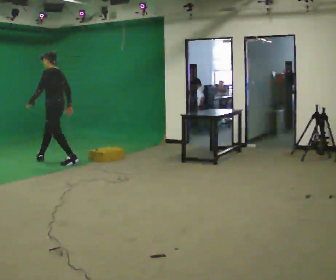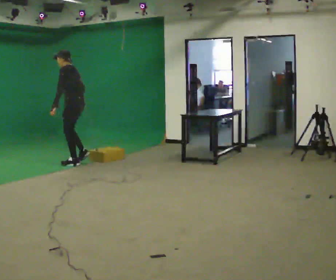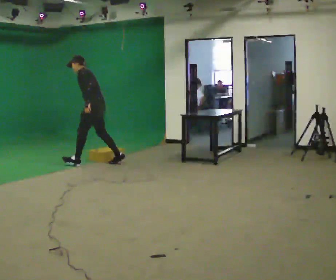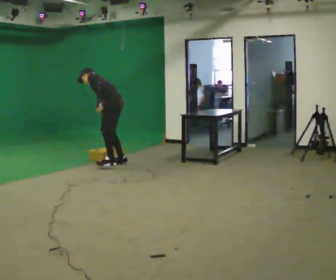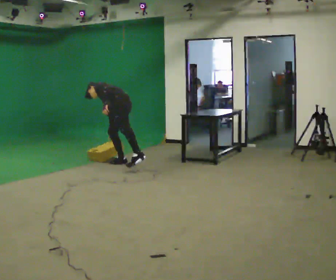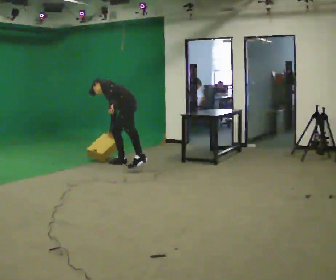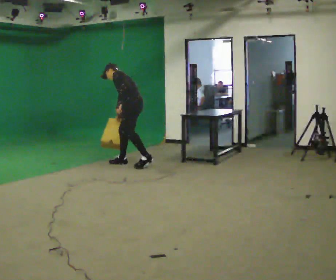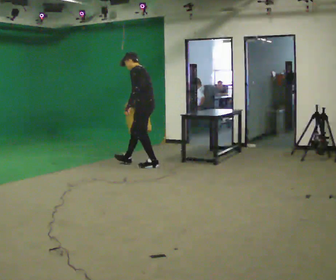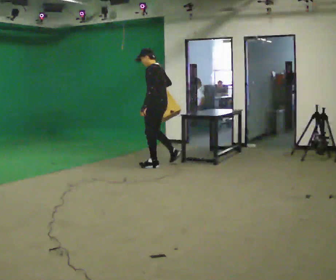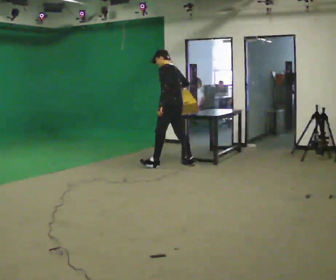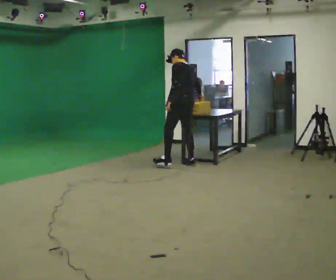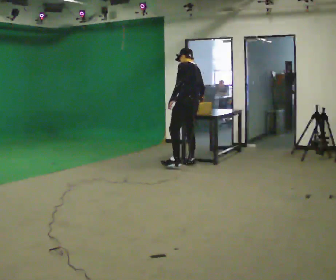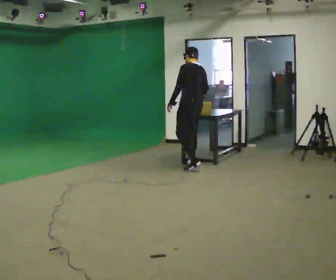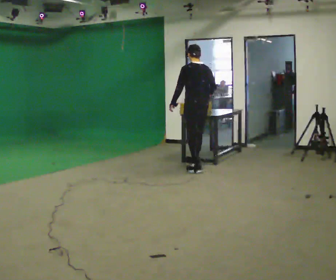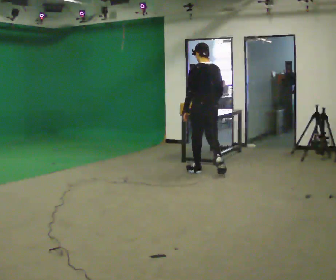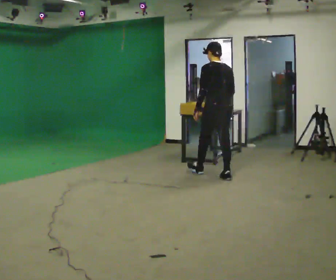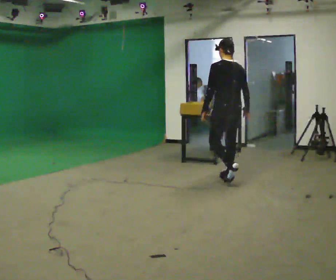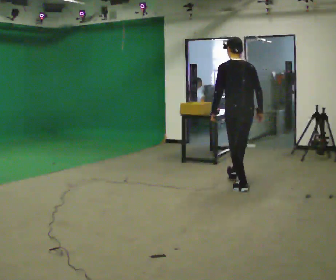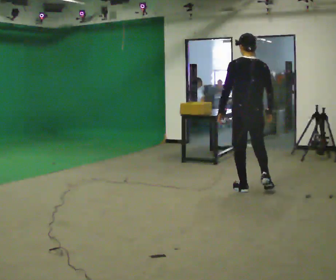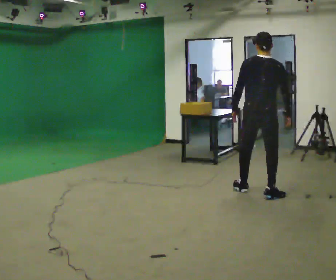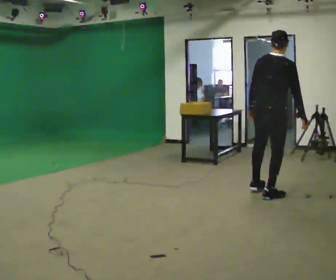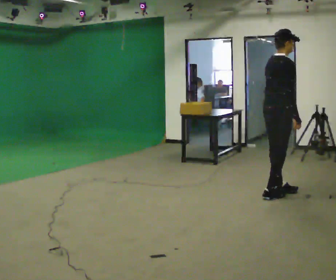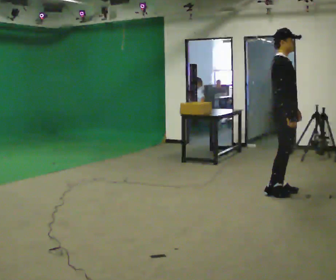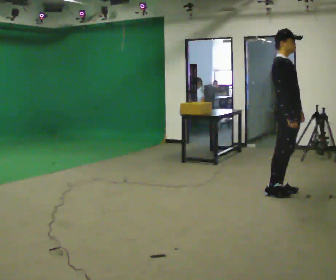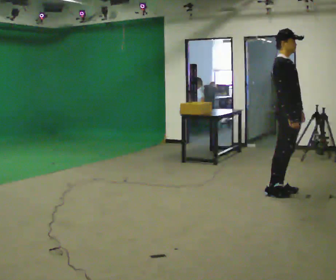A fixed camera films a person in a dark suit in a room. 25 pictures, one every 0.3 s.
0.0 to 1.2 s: In the picture they go to the right, about 1 m in 2 steps, which for them is backward. The upper body goes downward. In the picture the upper body tilts counterclockwise, shoulders to the left, as they bend forward.
1.2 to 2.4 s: In the picture they go to the right, about 0.5 m in 2 steps, which for them is backward. The upper body goes upward. In the picture the upper body tilts clockwise, shoulders to the right, as they lean back or straighten.
2.4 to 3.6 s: The part of the body nearest the lens slides to the left as the person turns to their right by about 30 degrees. In the picture they go to the right, about 0.5 m in 1 step, which for them is backward and to their right.
3.6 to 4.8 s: In the picture they go toward the camera and to the right, about 1 m in 2 steps, which for them is backward.
4.8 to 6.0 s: The person turns about 60 degrees to their right, clockwise seen from above, so the part of the body nearest the lens slides to the left. In the picture they go toward the camera and to the right, about 1 m in 2 steps. In the picture the upper body tilts clockwise, shoulders to the right.
6.0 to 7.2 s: The part of the body nearest the lens slides to the left as the person turns to their right by about 75 degrees. In the picture they go to the right, about 0.25 m in 1 step. In the picture the upper body tilts counterclockwise, shoulders to the left. In the picture their left hand goes to the right, the arm swinging counterclockwise.
The film runs backward here.
